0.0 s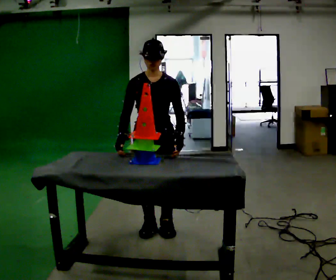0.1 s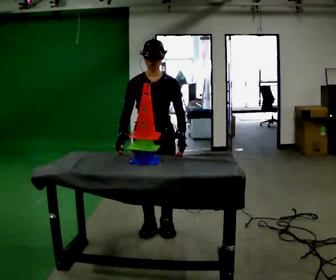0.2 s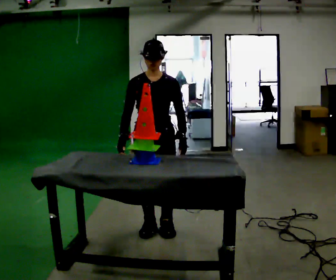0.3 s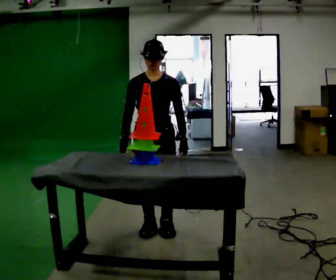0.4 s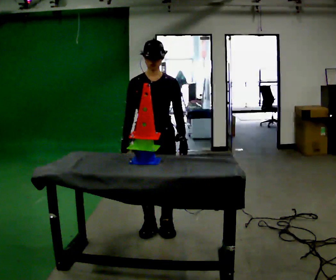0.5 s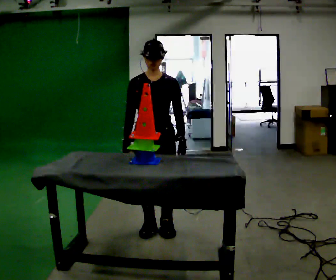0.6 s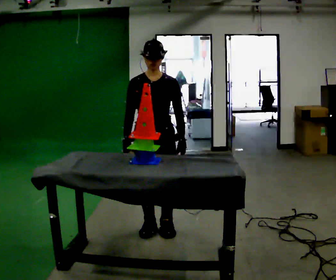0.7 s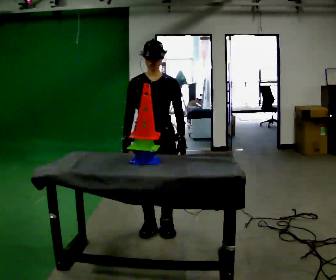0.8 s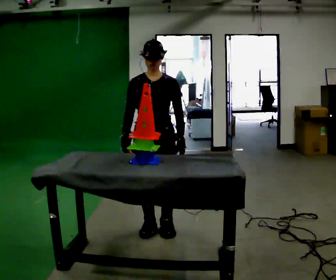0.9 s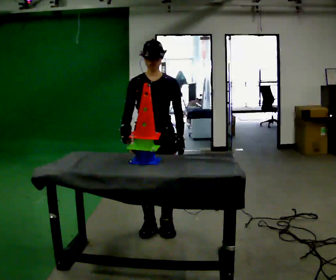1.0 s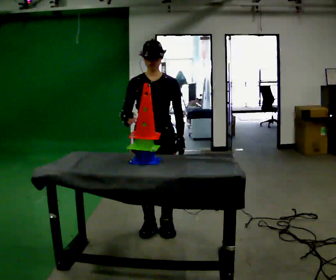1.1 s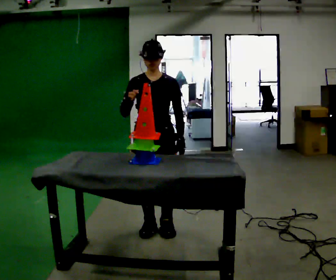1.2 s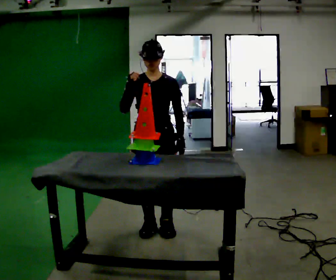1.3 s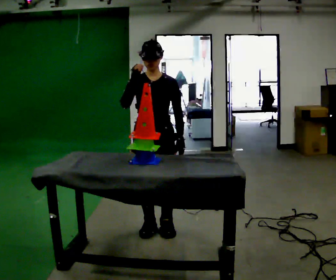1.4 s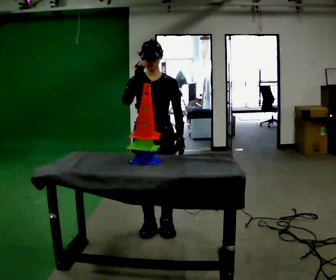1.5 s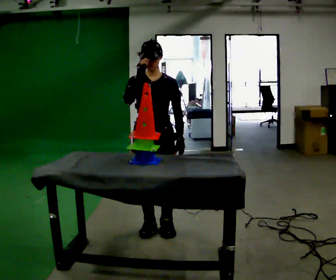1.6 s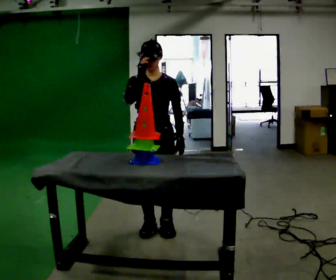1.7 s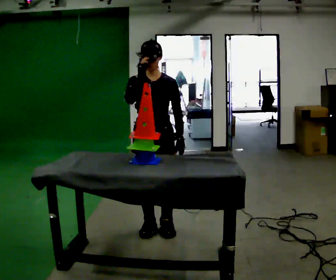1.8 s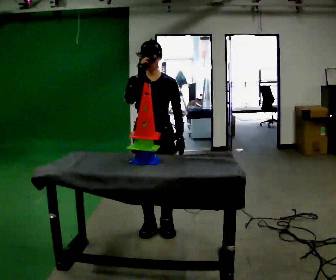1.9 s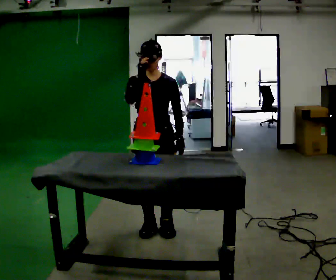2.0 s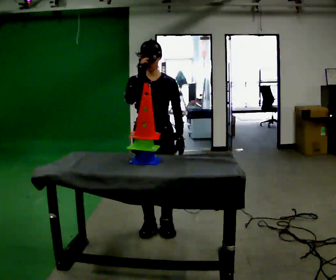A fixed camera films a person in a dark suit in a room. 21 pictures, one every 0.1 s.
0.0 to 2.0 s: In the picture their right hand goes upward.
The film runs forward here.
